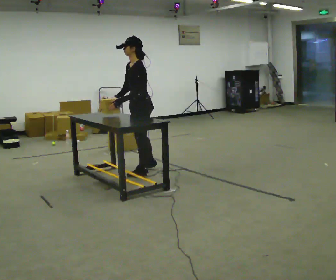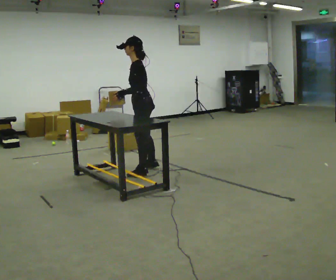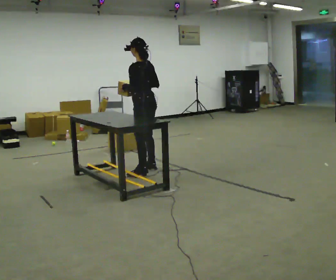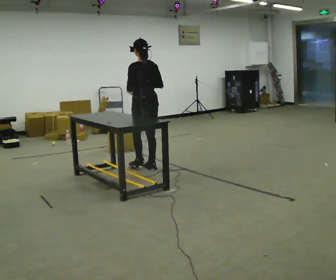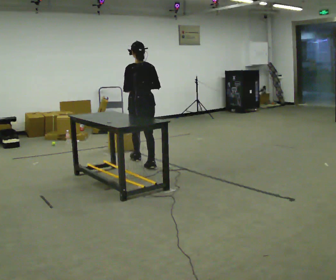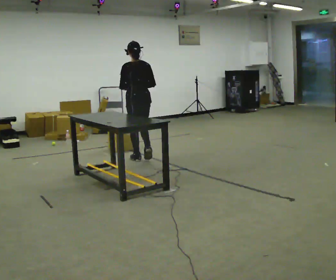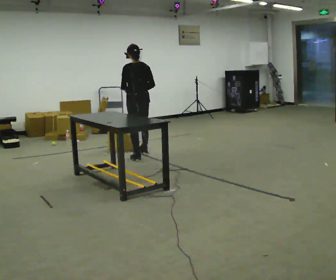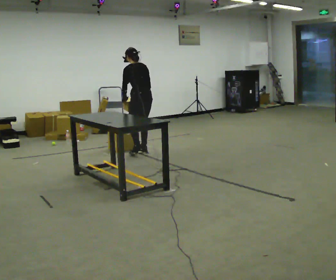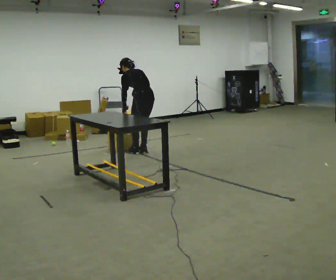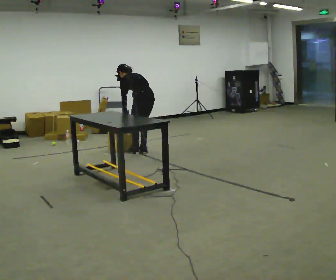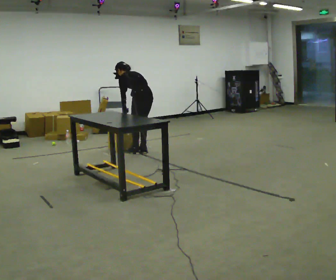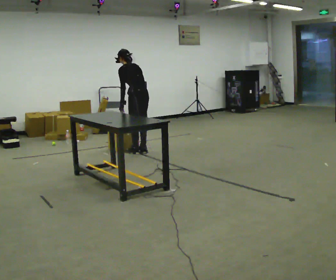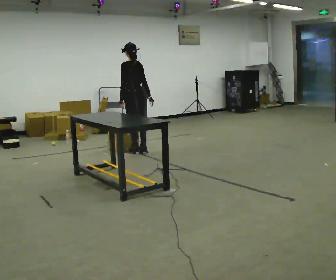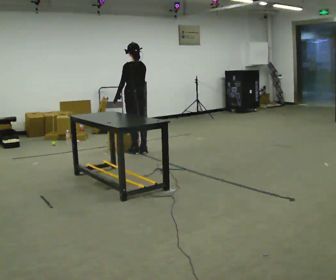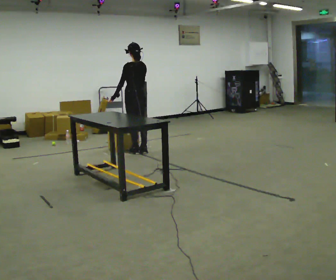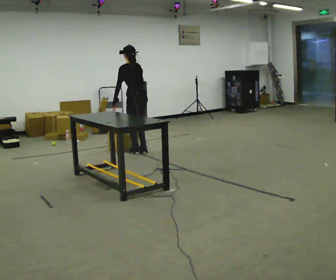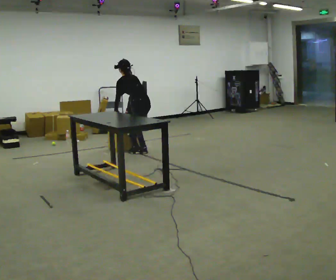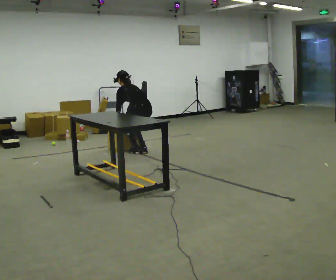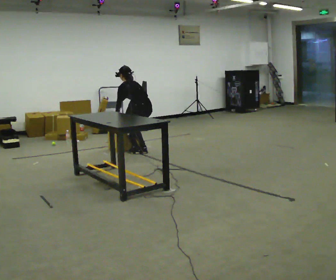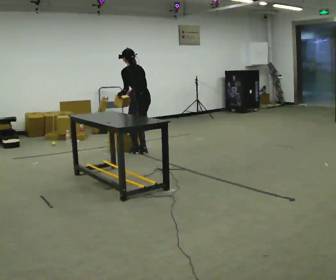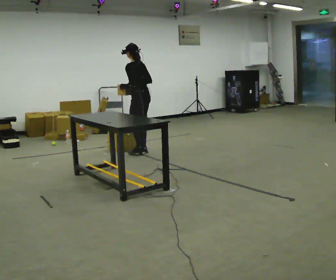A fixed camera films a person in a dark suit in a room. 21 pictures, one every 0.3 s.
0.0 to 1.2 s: The part of the body nearest the lens slides to the left as the person turns to their right by about 75 degrees. In the picture they go away from the camera, about 0.5 m in 1 step.
1.2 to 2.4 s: In the picture they go away from the camera, about 0.5 m in 2 steps, which for them is forward and to their right. The upper body tips away from the camera, its near side rolling upward, as they bend forward. In the picture their right hand goes downward.
2.4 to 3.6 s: The upper body tips toward the camera, its near side rolling downward, as they lean back or straighten.
3.6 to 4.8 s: The upper body goes downward. In the picture the upper body tilts counterclockwise, shoulders to the left, as they bend forward.
4.8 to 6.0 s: In the picture their right hand goes upward.
The film runs forward here.
